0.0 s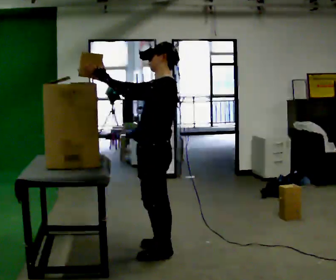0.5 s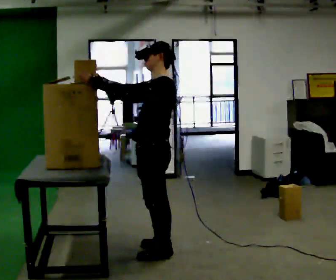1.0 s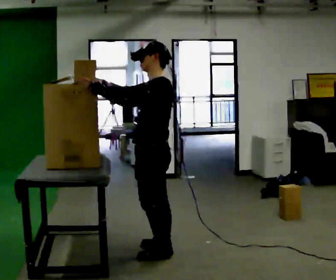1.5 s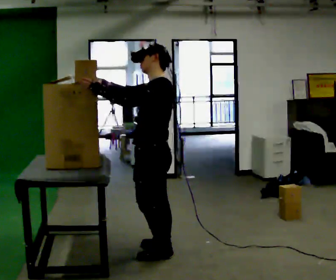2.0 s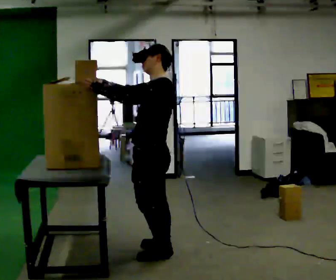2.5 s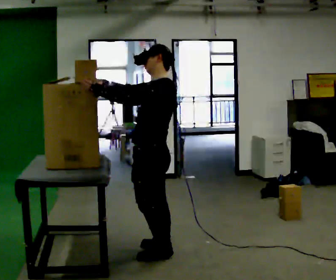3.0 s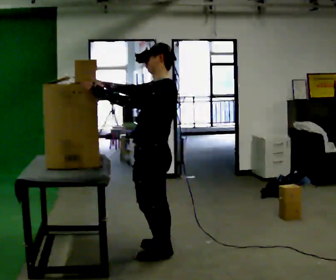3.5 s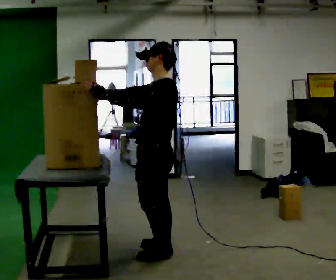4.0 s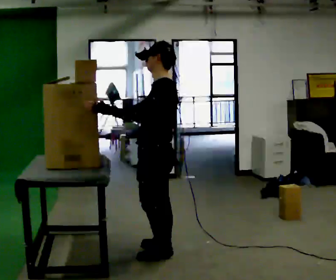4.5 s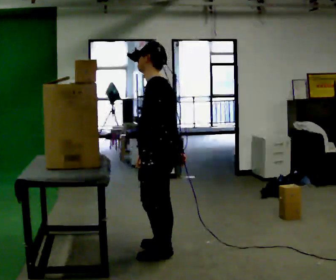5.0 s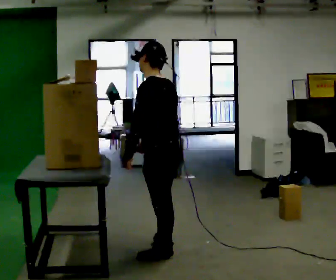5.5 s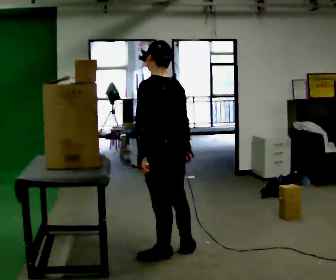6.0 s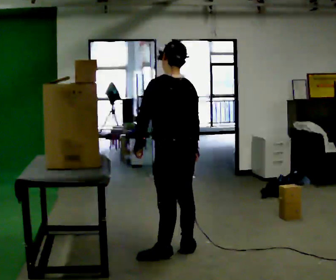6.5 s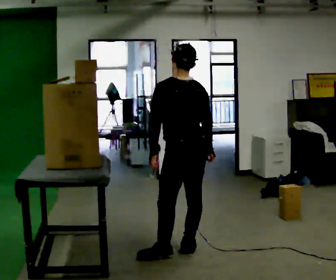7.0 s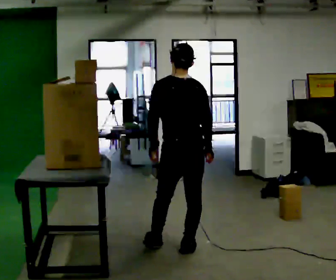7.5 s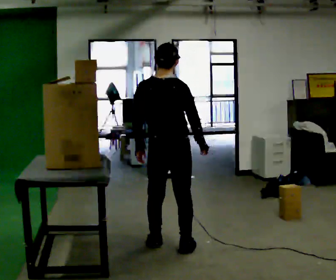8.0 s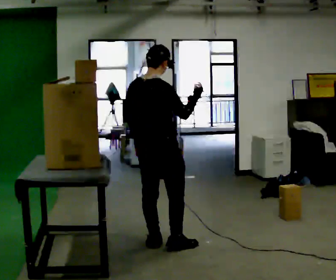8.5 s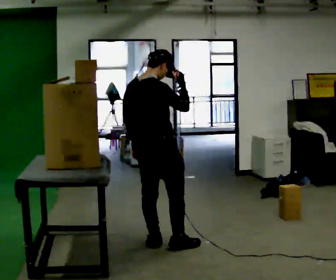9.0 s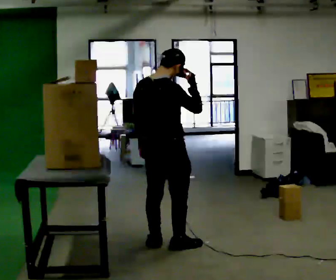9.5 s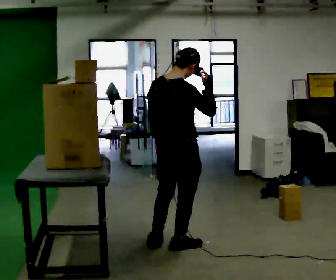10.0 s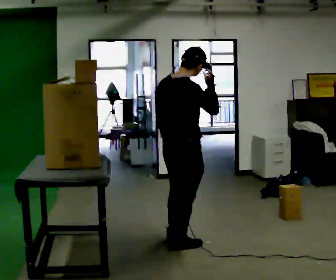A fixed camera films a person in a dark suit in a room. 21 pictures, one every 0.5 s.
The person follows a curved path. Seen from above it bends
counterclockwise.
0.0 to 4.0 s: The person moves a little, or ends about where they began.
4.0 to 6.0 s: The person turns about 45 degrees to their right, clockwise seen from above, so the part of the body nearest the lens slides to the left. In the picture their right hand goes to the right.
6.0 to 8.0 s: The person turns about 75 degrees to their right, clockwise seen from above, so the part of the body nearest the lens slides to the left. In the picture they go away from the camera and to the left, about 0.25 m in 1 step. In the picture their right hand goes upward, the arm swinging counterclockwise.
8.0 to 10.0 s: In the picture they go to the right, about 0.25 m, which for them is to their right.
The film runs forward here.
